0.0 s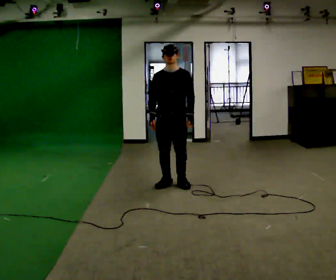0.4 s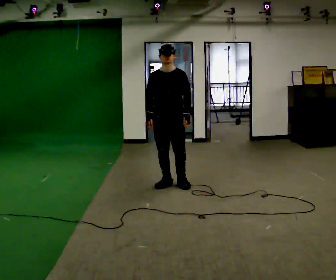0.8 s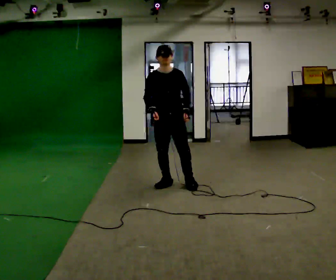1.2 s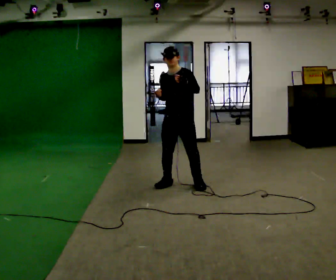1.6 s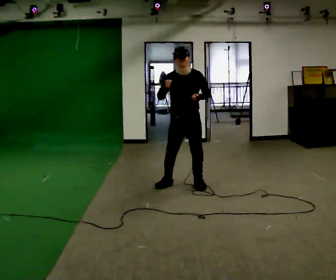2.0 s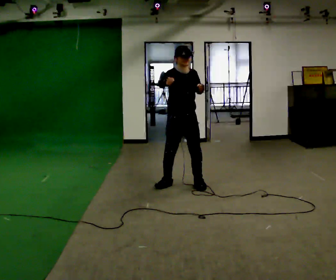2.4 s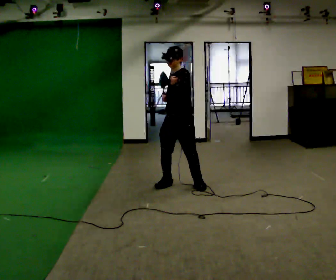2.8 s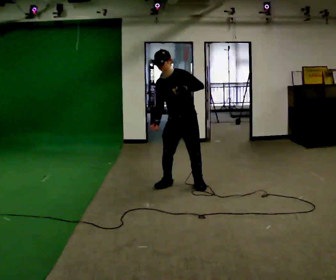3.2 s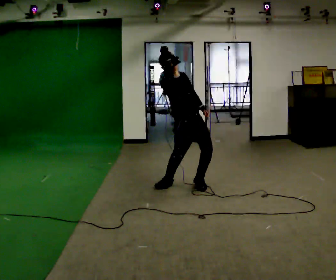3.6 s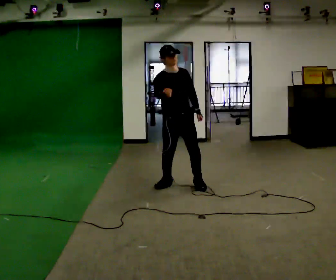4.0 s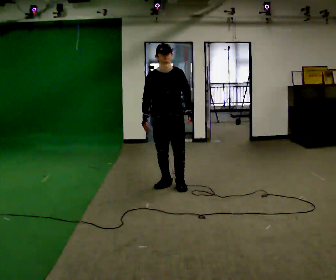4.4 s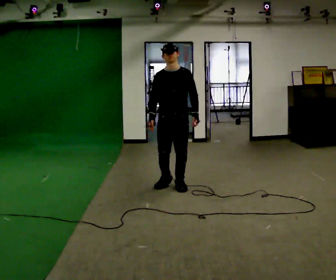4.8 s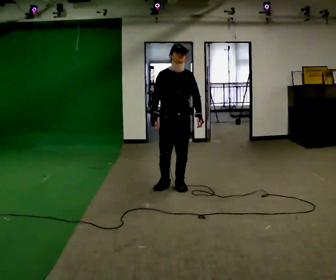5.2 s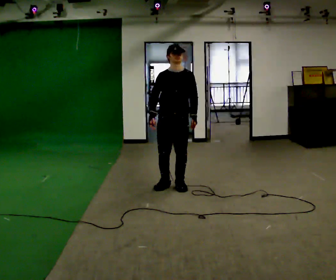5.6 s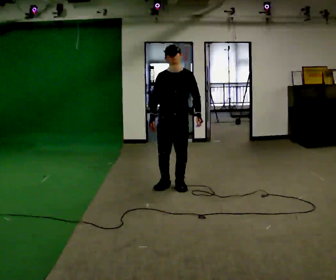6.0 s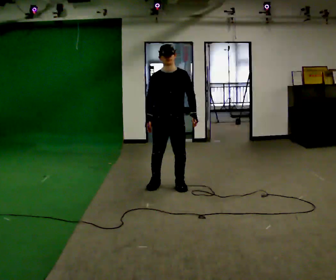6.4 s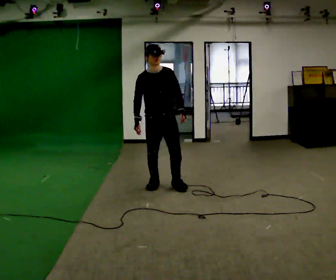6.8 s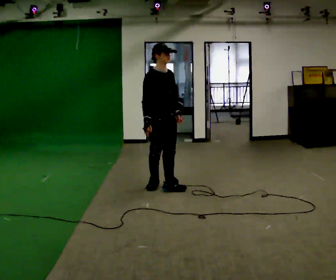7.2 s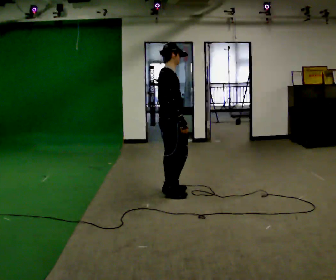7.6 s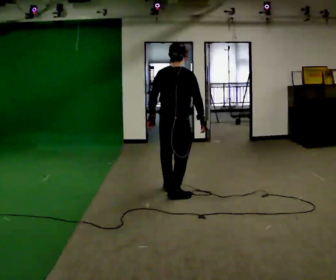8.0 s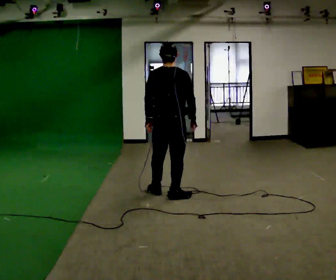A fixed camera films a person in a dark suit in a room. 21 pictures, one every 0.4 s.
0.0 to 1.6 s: In the picture they go to the right, about 0.25 m in 1 step, which for them is to their left. In the picture their right hand goes upward.
1.6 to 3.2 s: Seen from above the body turns counterclockwise, about 30 degrees: to their left, with its near side sliding to the right.
3.2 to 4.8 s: The person turns about 30 degrees to their right, clockwise seen from above, so the part of the body nearest the lens slides to the left. In the picture the upper body tilts clockwise, shoulders to the right. In the picture their right hand goes downward.
4.8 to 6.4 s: In the picture they go to the left, about 0.25 m, which for them is to their right.
6.4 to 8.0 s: Seen from above the body turns counterclockwise, about 165 degrees: to their left, with its near side sliding to the right. In the picture they go toward the camera, about 0.5 m in 3 steps.
The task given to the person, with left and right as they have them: Mimic boxing into the air at moderate speed with both hands, moving your feet only a little. Stay controlled; do not punch at full speed.
The film runs forward here.
